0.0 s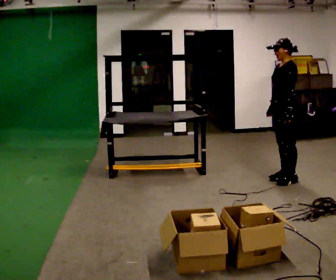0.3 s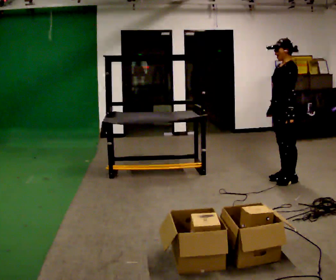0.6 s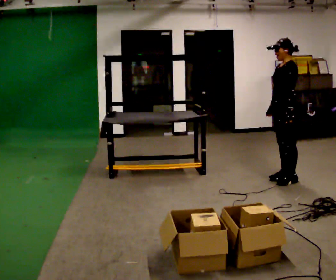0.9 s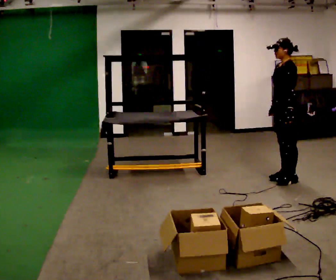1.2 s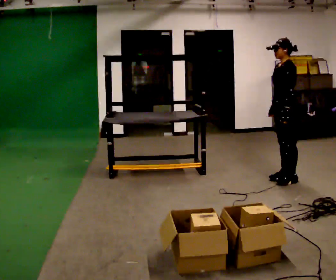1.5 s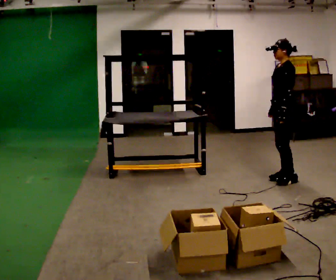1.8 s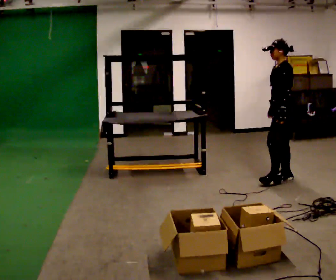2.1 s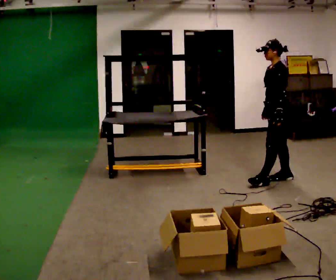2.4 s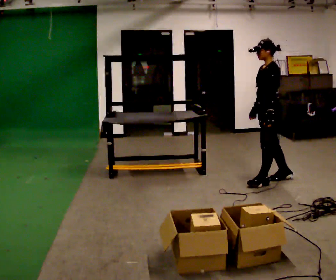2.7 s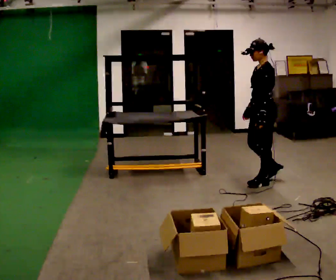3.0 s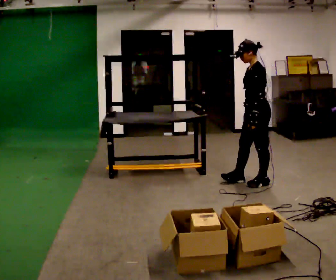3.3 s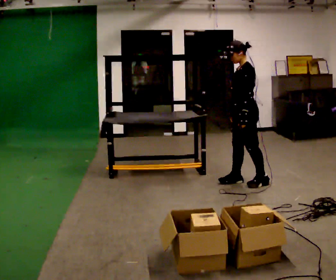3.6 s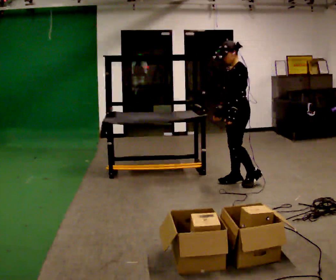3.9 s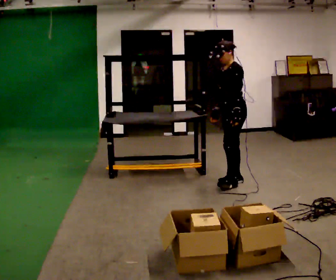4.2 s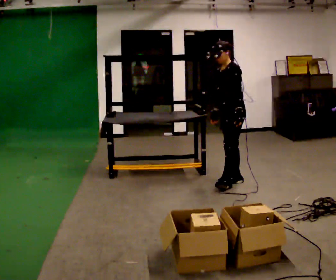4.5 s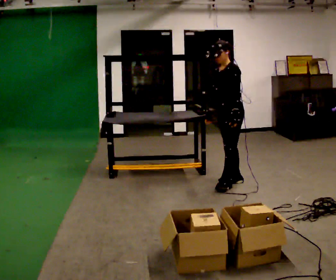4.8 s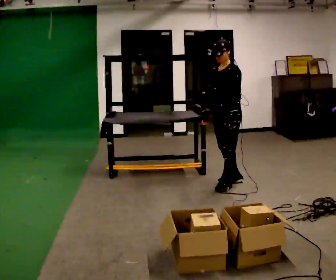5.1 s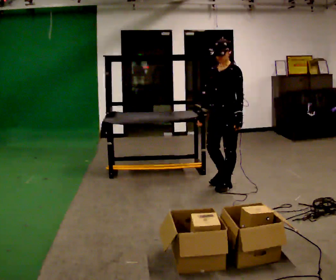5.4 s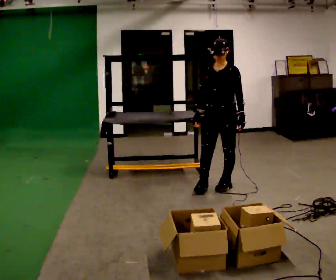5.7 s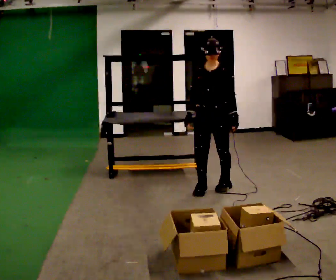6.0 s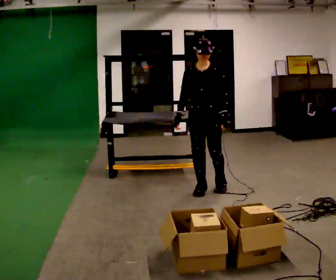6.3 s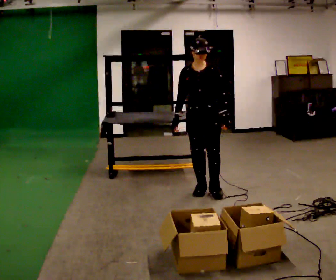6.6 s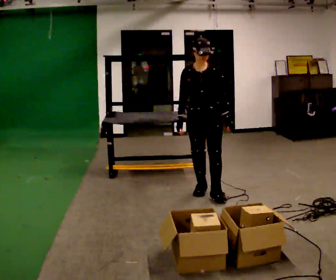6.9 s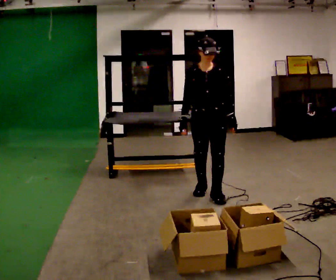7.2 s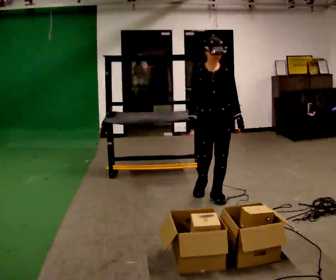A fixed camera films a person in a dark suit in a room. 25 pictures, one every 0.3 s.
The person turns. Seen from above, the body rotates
counterclockwise.
The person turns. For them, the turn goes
to their left.
0.0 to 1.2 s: The person moves a little, or ends about where they began.
1.2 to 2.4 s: In the picture they go to the left, about 0.25 m in 1 step, which for them is forward.
2.4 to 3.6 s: In the picture they go to the left, about 0.25 m in 1 step, which for them is forward.
3.6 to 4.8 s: The person moves a little, or ends about where they began.
4.8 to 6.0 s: The part of the body nearest the lens slides to the right as the person turns to their left by about 45 degrees. In the picture they go to the left and toward the camera, about 0.25 m in 1 step, which for them is forward and to their right.
6.0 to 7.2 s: In the picture they go toward the camera, about 0.25 m in 1 step, which for them is forward.
The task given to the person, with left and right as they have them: 1. Look at the shelf and see which spaces are empty. 2. Find matching items in the bins on the floor. 3. Fill the empty spaces on the shelf. 4. Tell the operator when you are finished.
The film runs forward here.
